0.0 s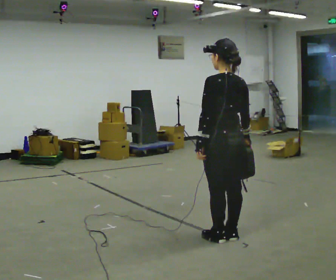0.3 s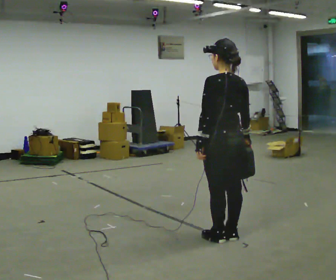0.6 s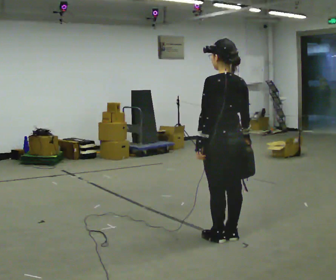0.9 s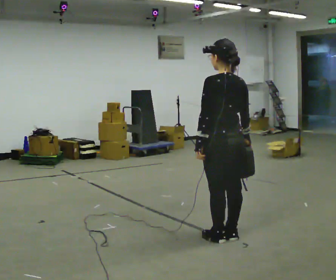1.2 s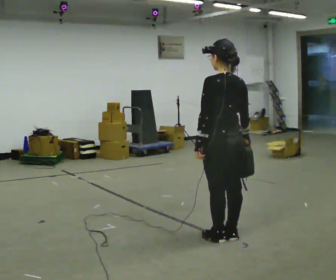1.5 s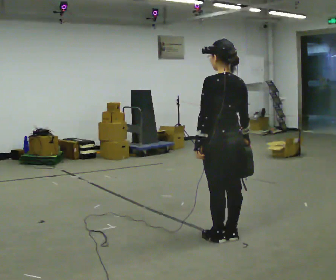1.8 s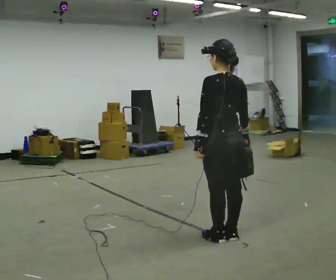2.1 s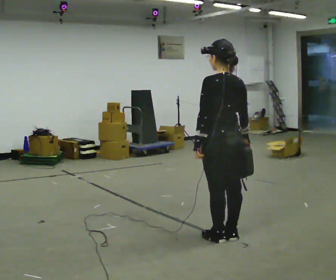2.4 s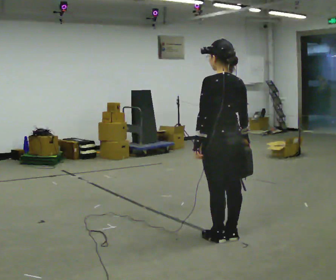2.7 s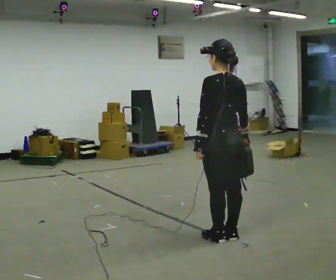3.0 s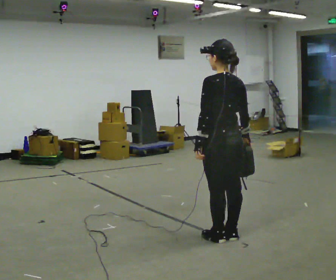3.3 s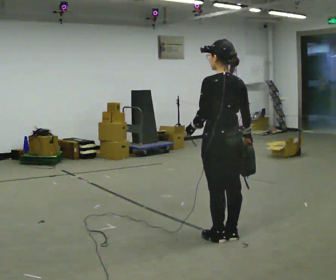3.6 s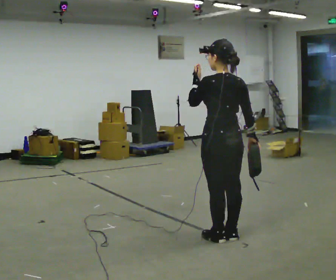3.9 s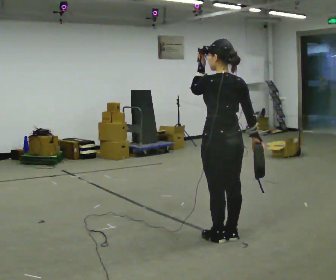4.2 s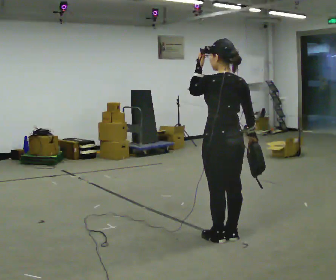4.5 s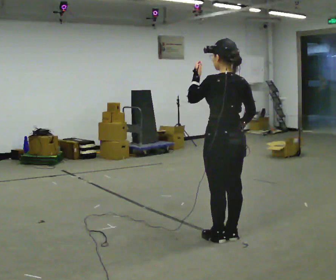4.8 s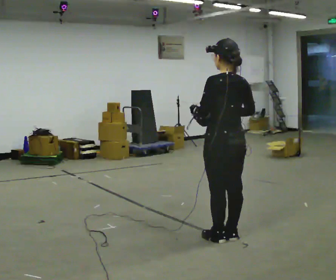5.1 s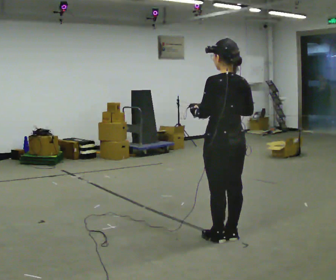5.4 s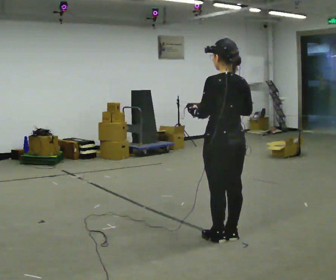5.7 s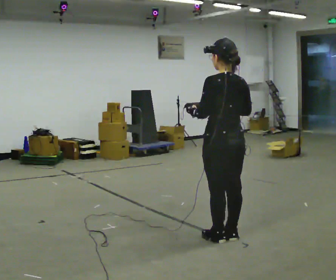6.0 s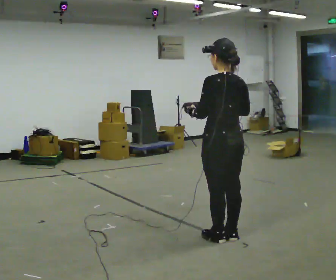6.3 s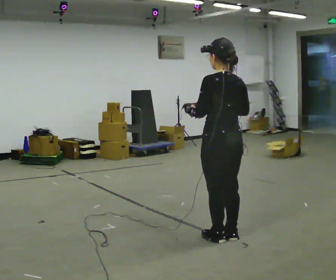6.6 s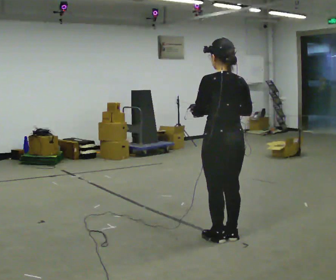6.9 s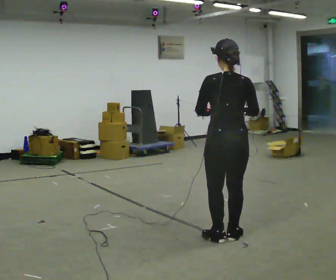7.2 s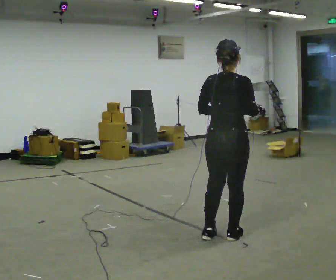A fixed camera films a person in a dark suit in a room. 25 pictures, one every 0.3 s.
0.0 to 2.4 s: The person moves a little, or ends about where they began.
2.4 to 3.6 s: In the picture their left hand goes upward.
3.6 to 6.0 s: The person moves a little, or ends about where they began.
6.0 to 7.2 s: Seen from above the body turns clockwise, about 60 degrees: to their right, with its near side sliding to the left.
The film runs backward here.
